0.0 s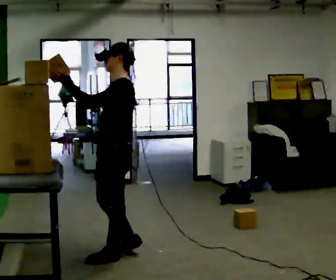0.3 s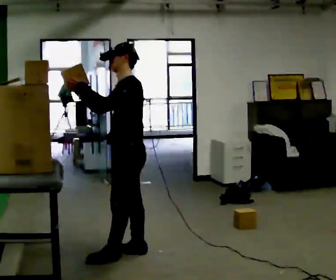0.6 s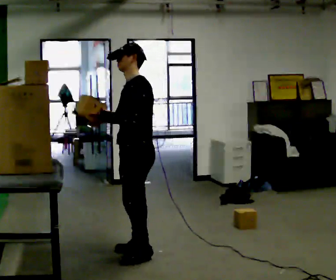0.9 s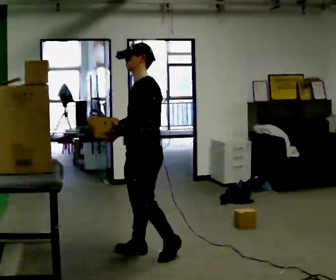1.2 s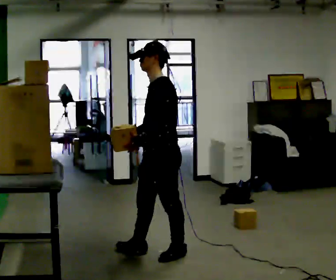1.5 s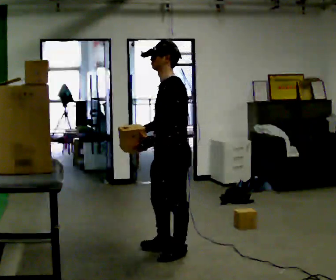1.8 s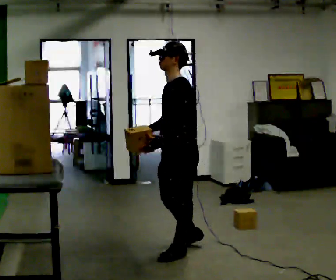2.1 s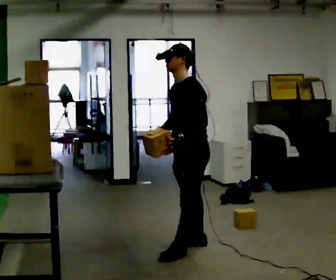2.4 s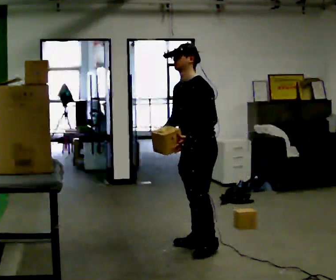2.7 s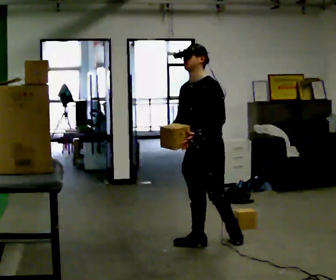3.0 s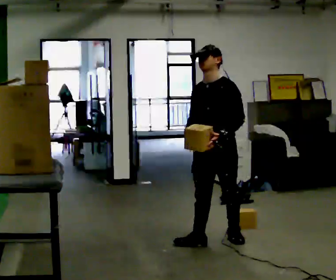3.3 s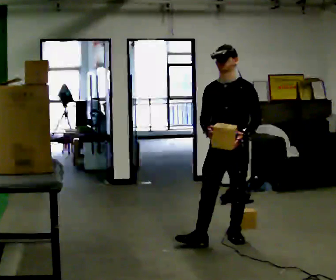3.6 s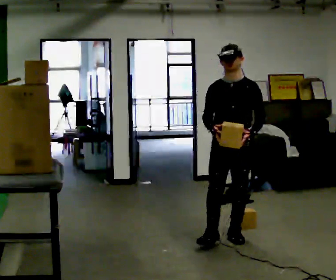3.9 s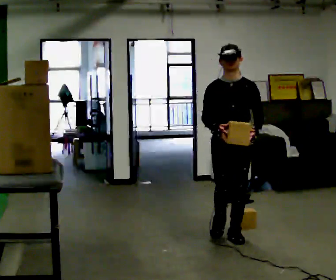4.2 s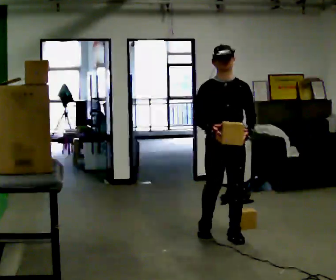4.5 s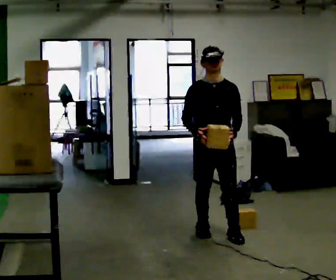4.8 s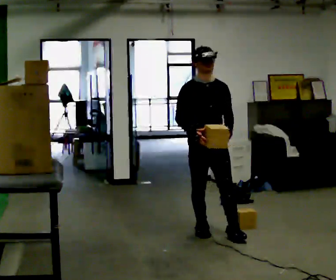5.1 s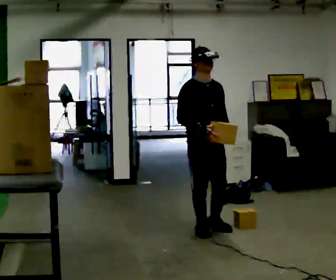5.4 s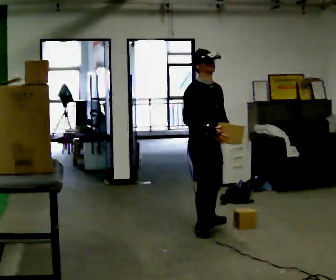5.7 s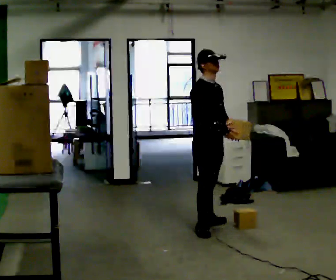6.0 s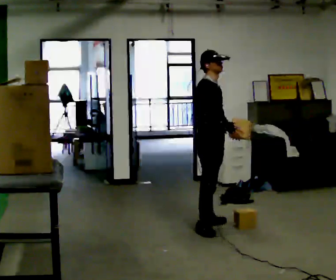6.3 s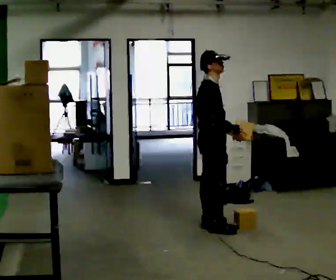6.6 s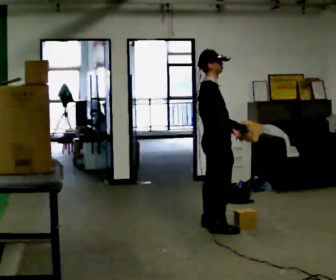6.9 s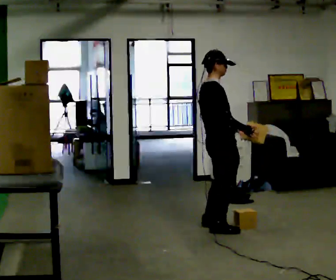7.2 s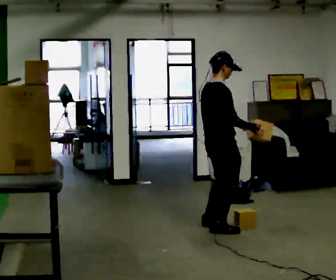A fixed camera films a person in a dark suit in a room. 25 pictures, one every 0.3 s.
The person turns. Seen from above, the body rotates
counterclockwise.
The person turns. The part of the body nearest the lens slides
to the right.
0.0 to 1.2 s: In the picture they go to the right, about 0.25 m in 1 step, which for them is backward. In the picture their left hand goes downward.
1.2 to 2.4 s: In the picture they go to the right and away from the camera, about 0.5 m in 2 steps, which for them is backward and to their right.
2.4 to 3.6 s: Seen from above the body turns counterclockwise, about 45 degrees: to their left, with its near side sliding to the right. In the picture they go to the right and away from the camera, about 0.25 m in 1 step, which for them is backward and to their left.
3.6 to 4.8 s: The person turns about 30 degrees to their left, counterclockwise seen from above, so the part of the body nearest the lens slides to the right. In the picture they go to the left and away from the camera, about 0.25 m in 1 step, which for them is backward and to their right.
4.8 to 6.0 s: Seen from above the body turns counterclockwise, about 45 degrees: to their left, with its near side sliding to the right. In the picture they go away from the camera, about 0.25 m, which for them is to their left.
6.0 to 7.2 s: The person turns about 45 degrees to their left, counterclockwise seen from above, so the part of the body nearest the lens slides to the right.
The film runs backward here.
